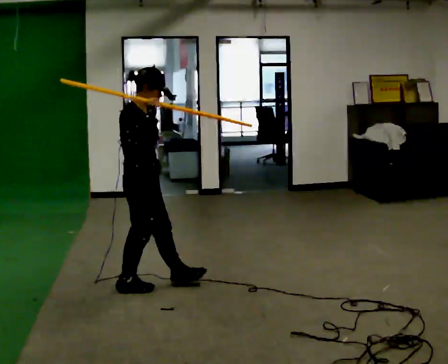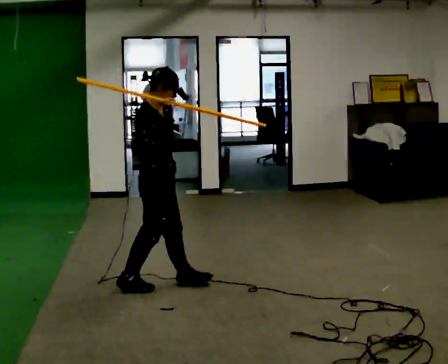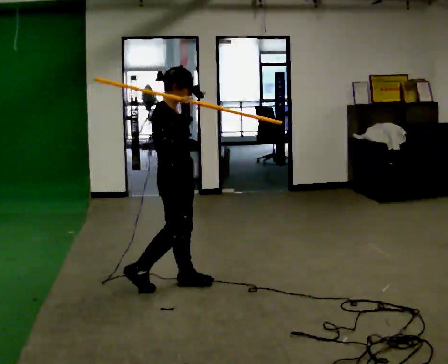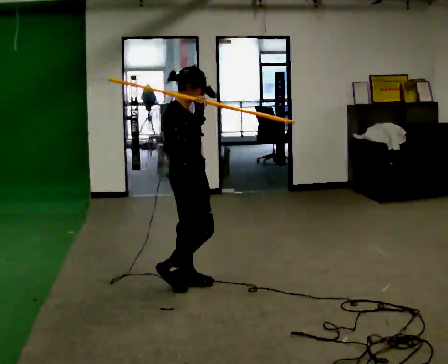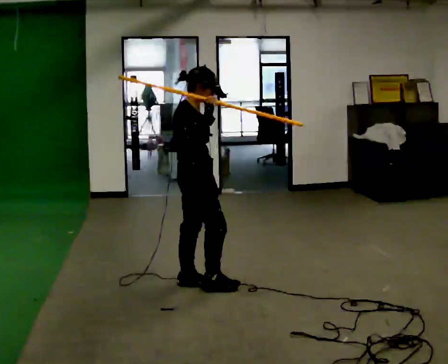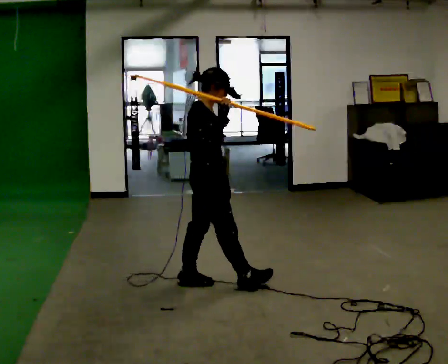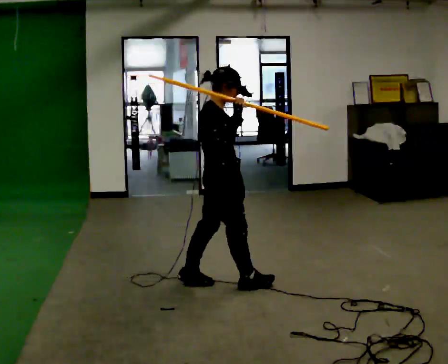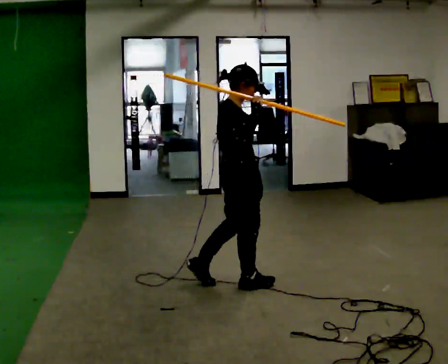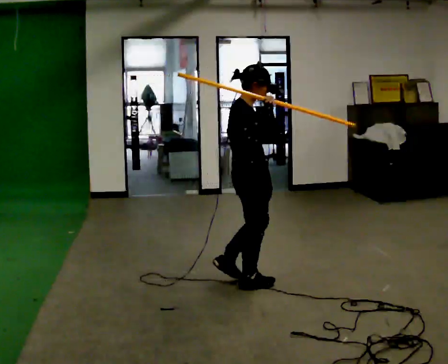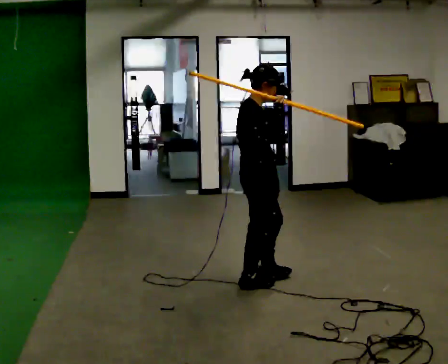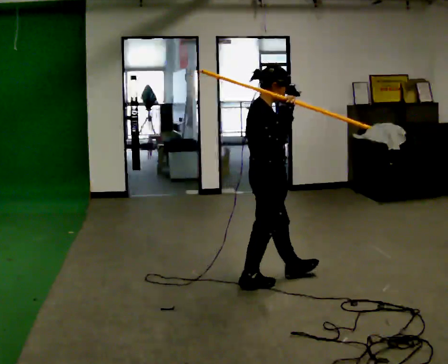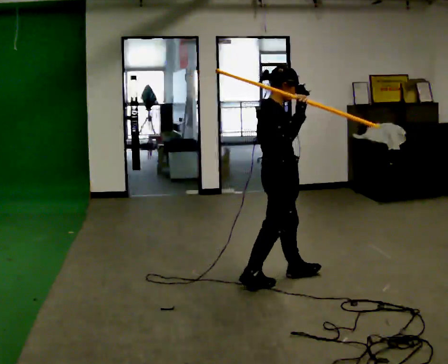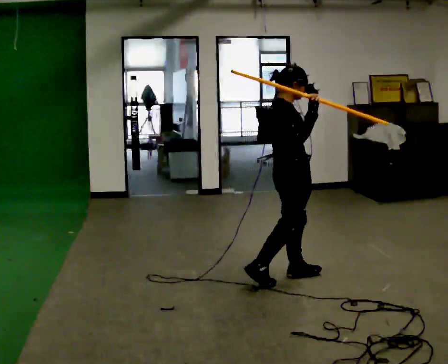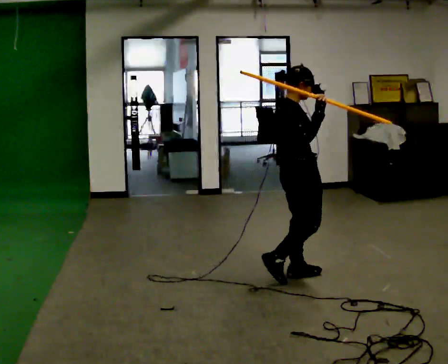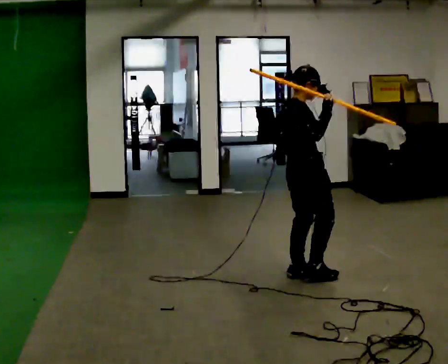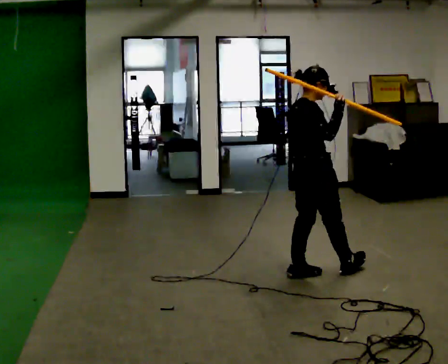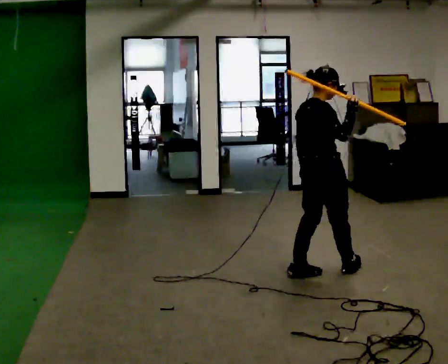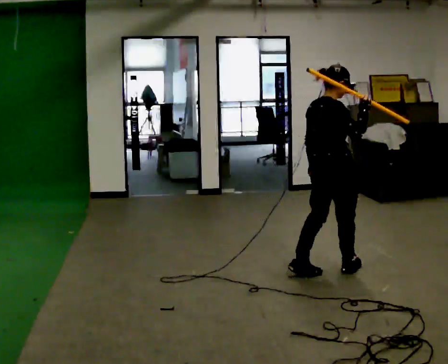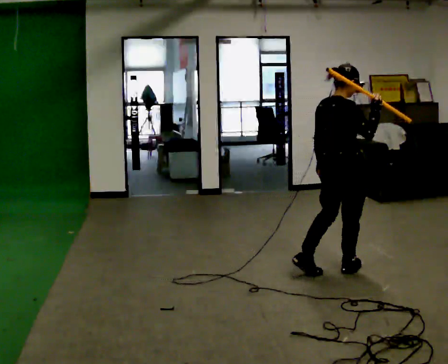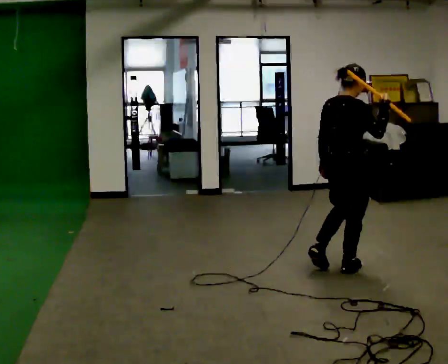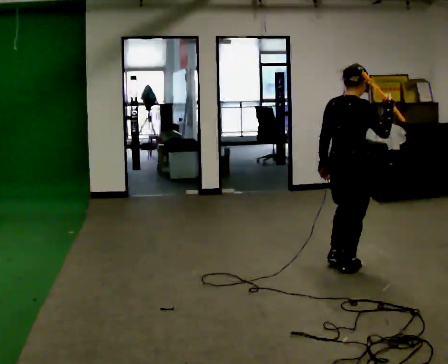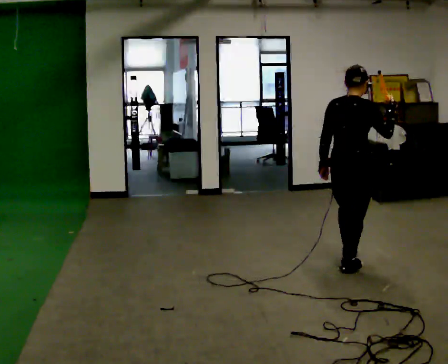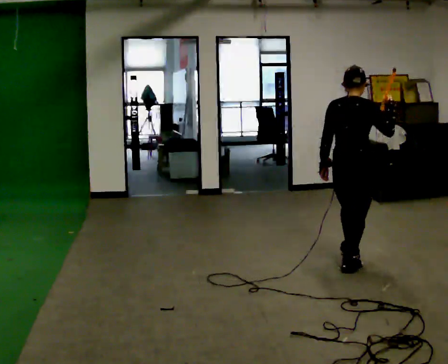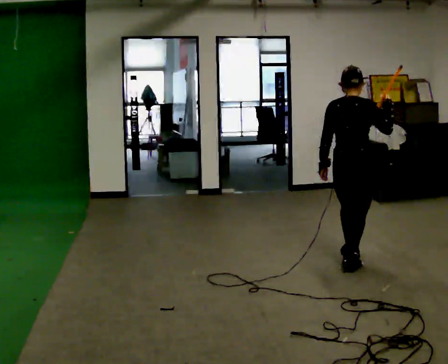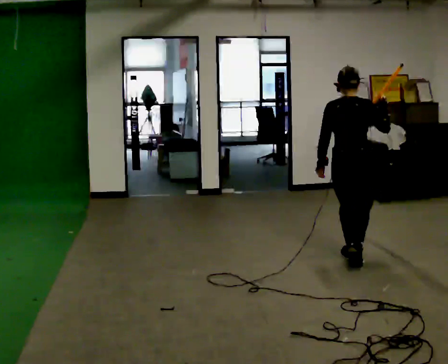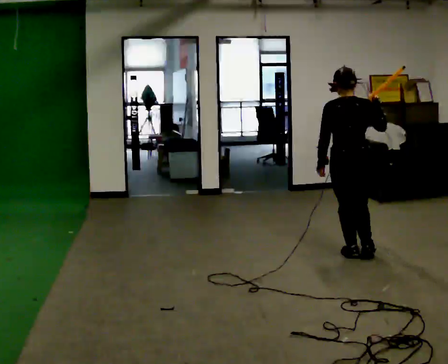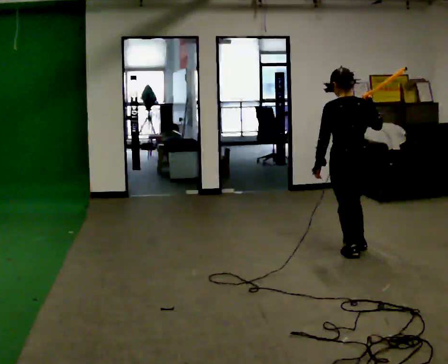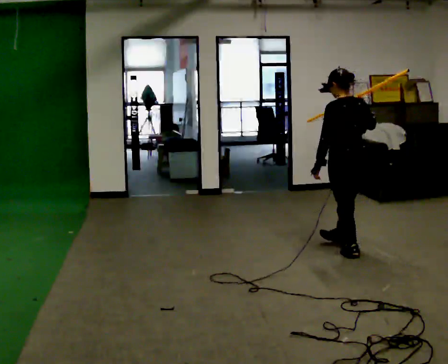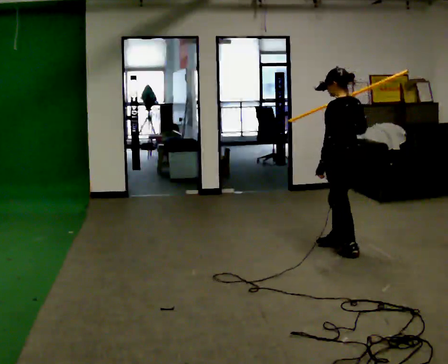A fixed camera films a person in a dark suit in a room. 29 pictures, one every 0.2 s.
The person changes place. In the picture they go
to the right.
The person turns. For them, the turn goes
to their left.
0.0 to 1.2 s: In the picture they go to the right, about 0.5 m in 2 steps, which for them is forward.
1.2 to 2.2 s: In the picture they go to the right, about 0.5 m in 1 step, which for them is forward.
2.2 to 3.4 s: In the picture they go to the right, about 0.5 m in 1 step, which for them is forward.
3.4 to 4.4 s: Seen from above the body turns counterclockwise, about 30 degrees: to their left, with its near side sliding to the right. In the picture they go to the right and away from the camera, about 0.25 m in 1 step, which for them is forward.
4.4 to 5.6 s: The part of the body nearest the lens slides to the right as the person turns to their left by about 75 degrees. In the picture they go away from the camera, about 0.5 m in 1 step.
The film runs forward here.
